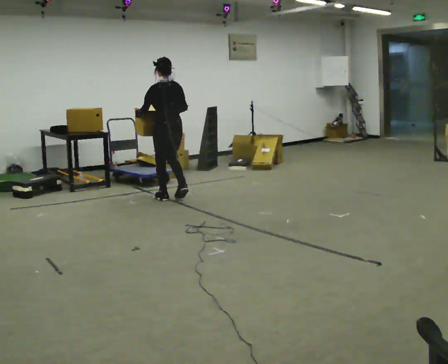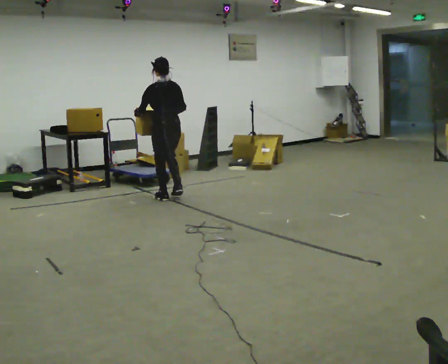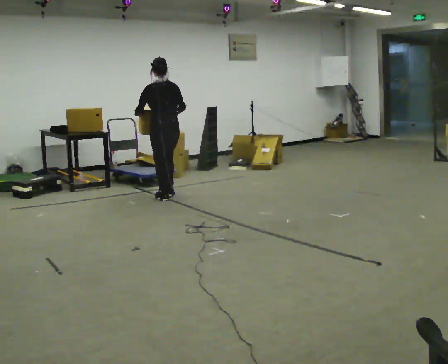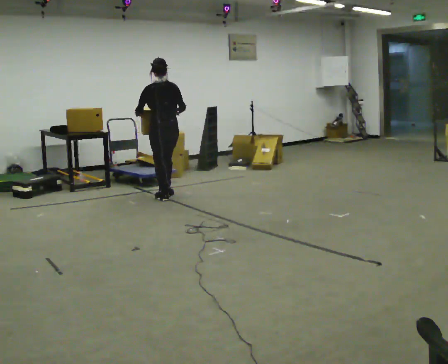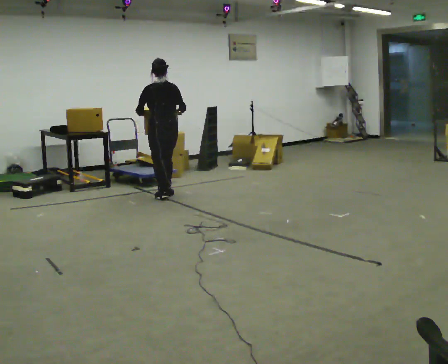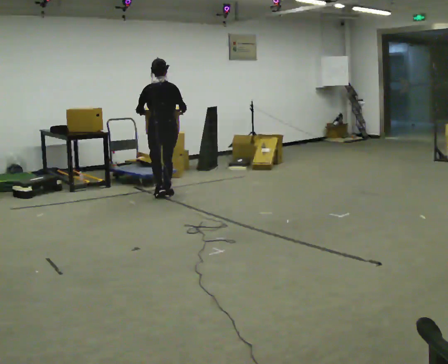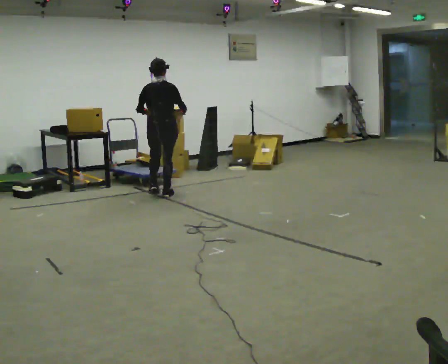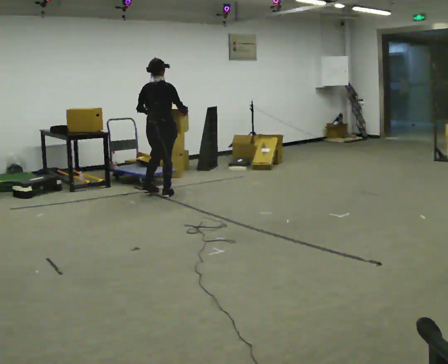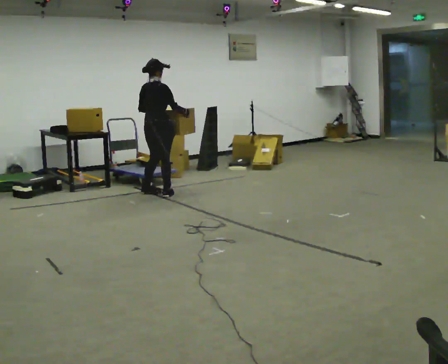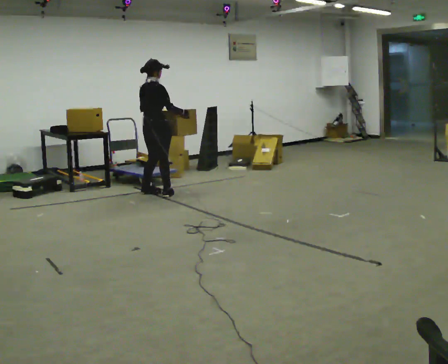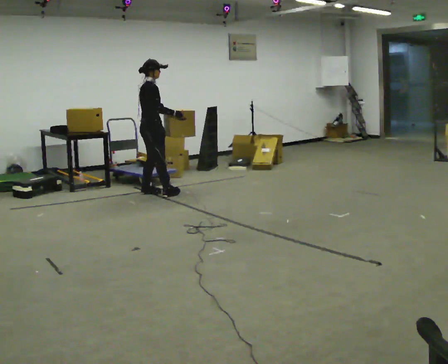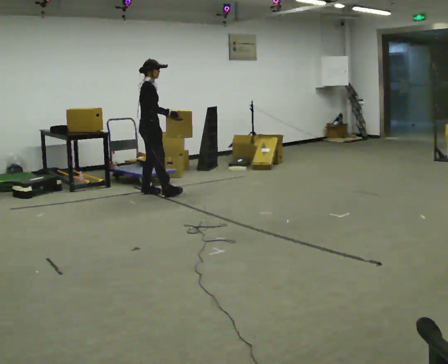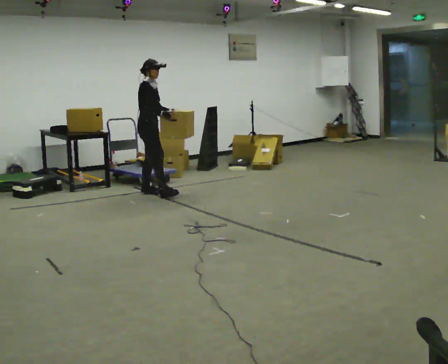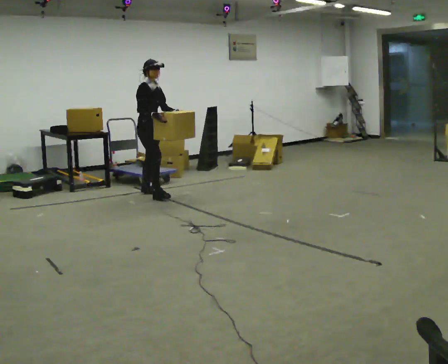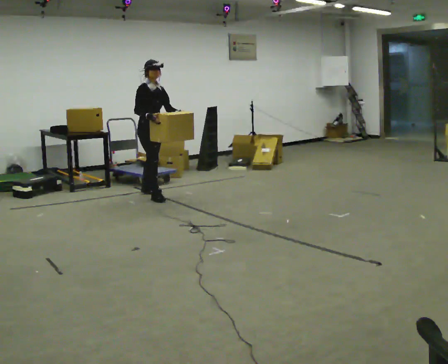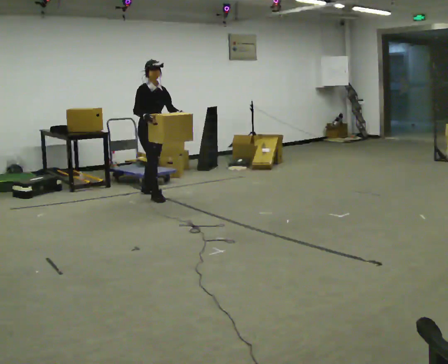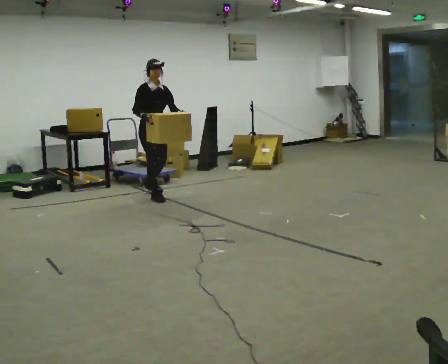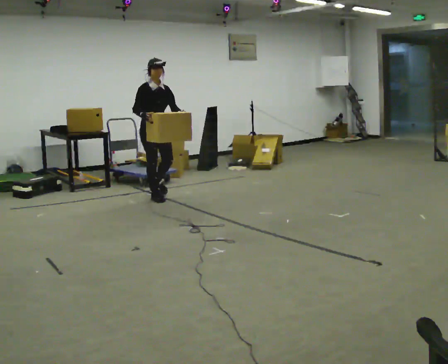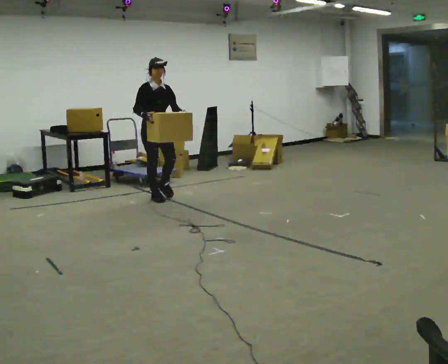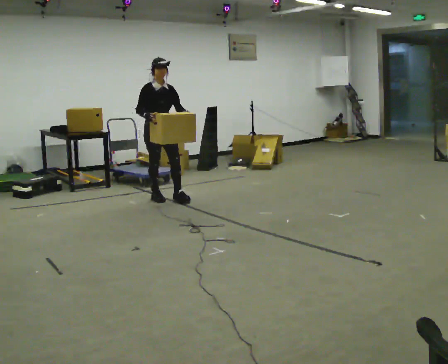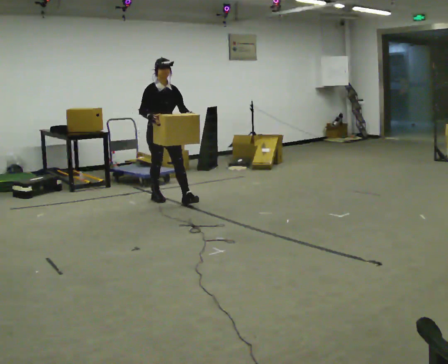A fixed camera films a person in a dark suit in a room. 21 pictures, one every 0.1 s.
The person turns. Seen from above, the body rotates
clockwise.
The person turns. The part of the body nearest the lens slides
to the left.
0.0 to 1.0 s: The part of the body nearest the lens slides to the left as the person turns to their right by about 105 degrees. In the picture they go to the left and away from the camera, about 0.25 m in 2 steps.
1.0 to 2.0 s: Seen from above the body turns clockwise, about 75 degrees: to their right, with its near side sliding to the left. In the picture they go toward the camera, about 0.25 m in 1 step.
The film runs forward here.
